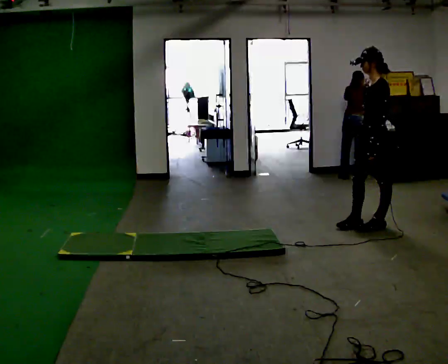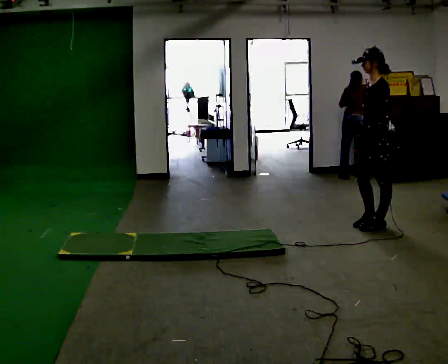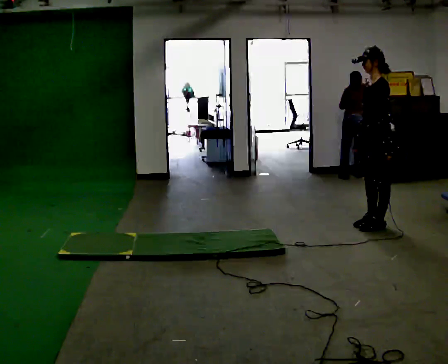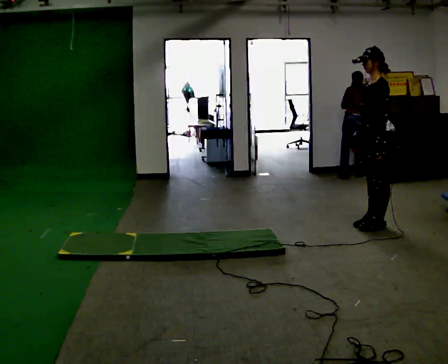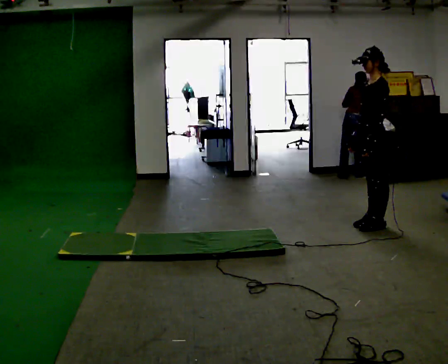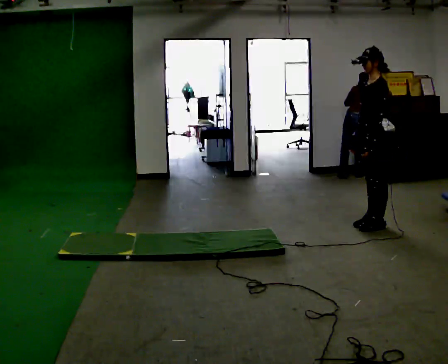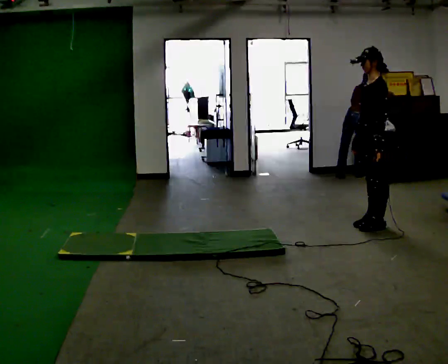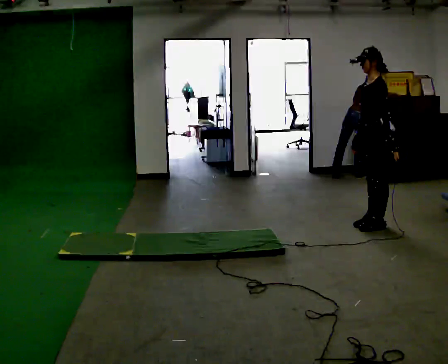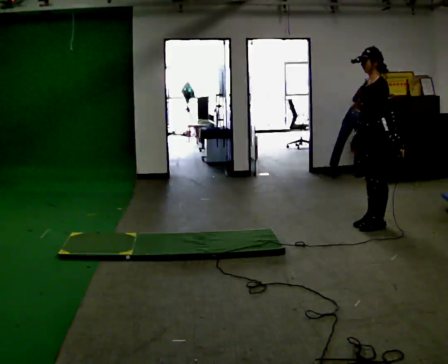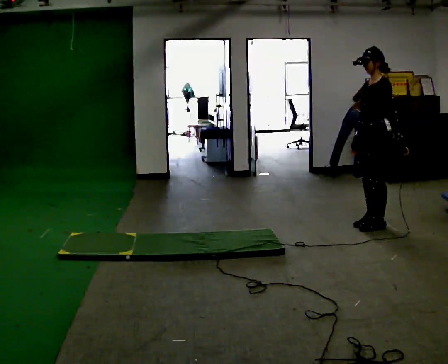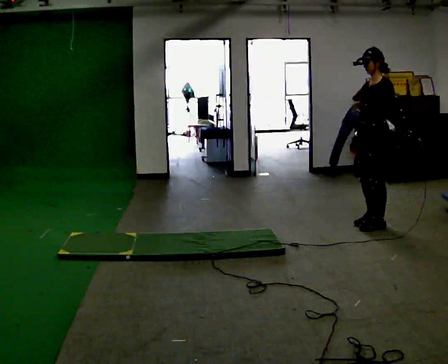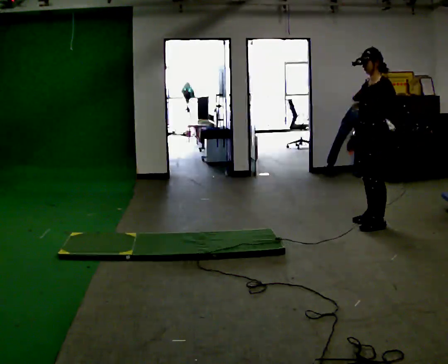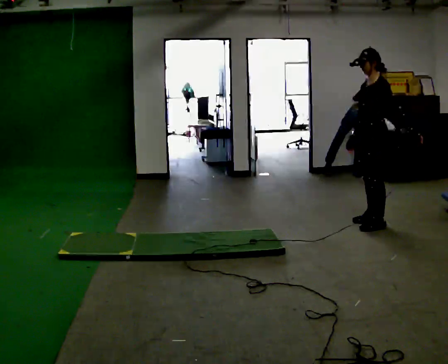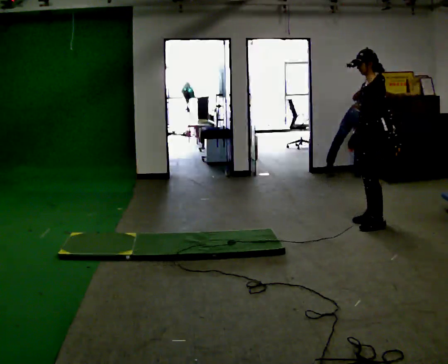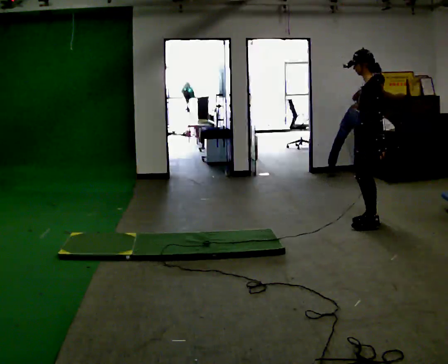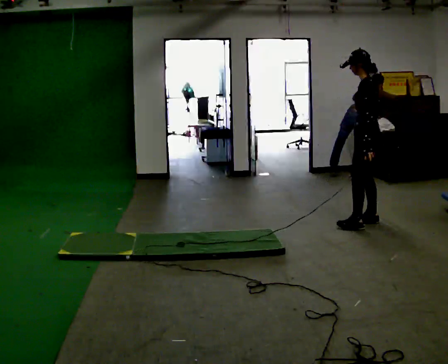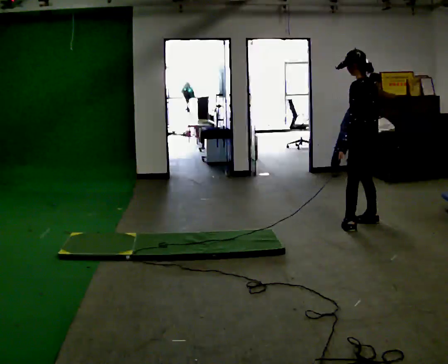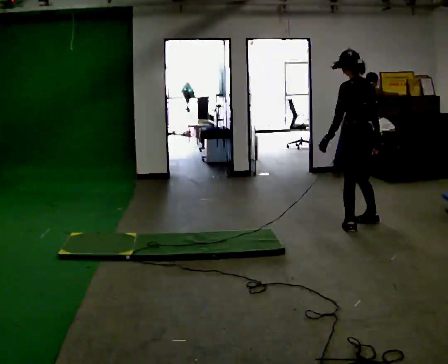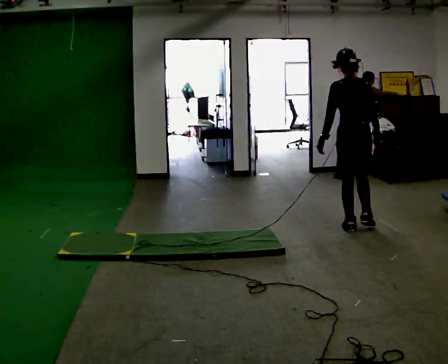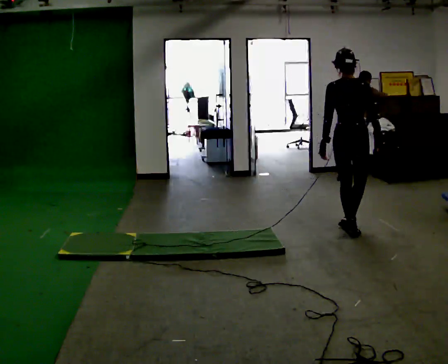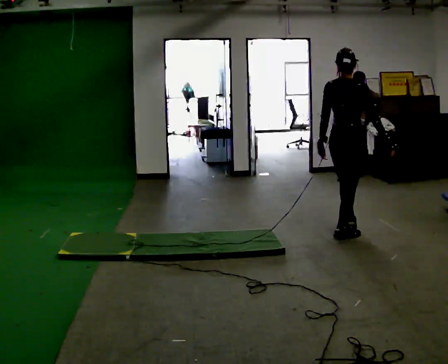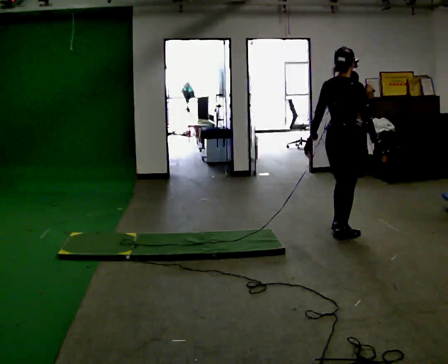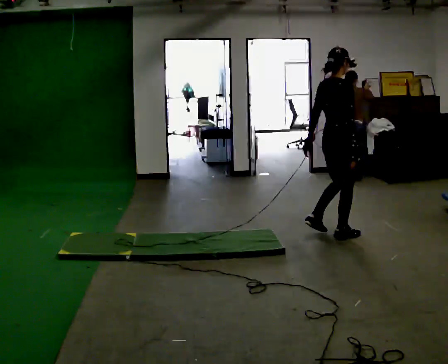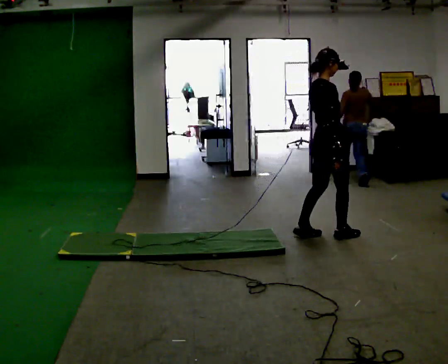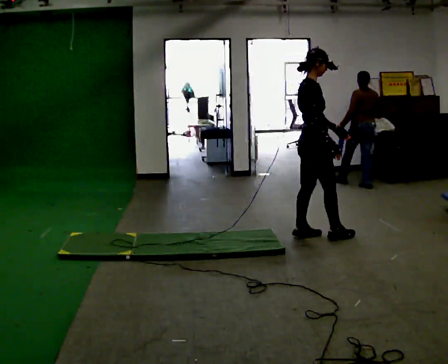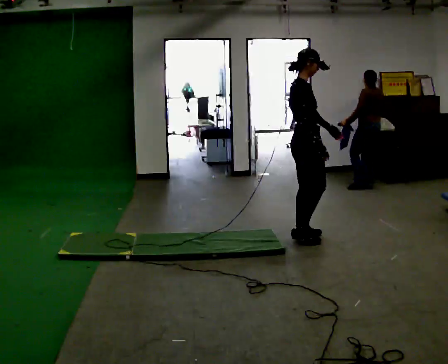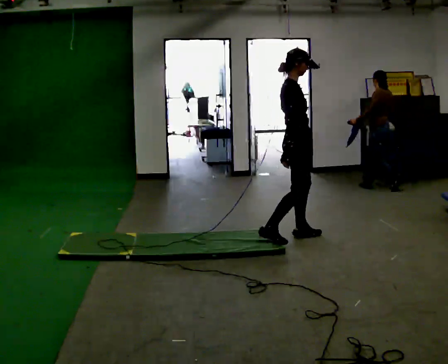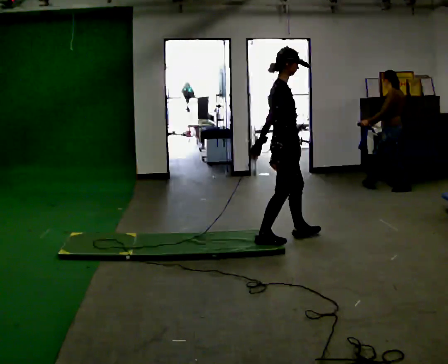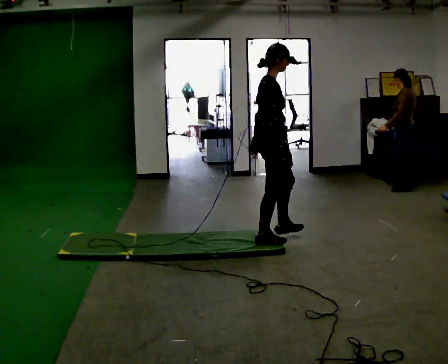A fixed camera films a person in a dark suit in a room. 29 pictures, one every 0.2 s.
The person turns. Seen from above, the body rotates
clockwise.
The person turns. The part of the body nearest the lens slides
to the left.
0.0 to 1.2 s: The person moves a little, or ends about where they began.
1.2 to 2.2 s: In the picture their left hand goes to the right.
2.2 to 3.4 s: The person turns about 90 degrees to their right, clockwise seen from above, so the part of the body nearest the lens slides to the left. In the picture they go to the left, about 0.25 m in 2 steps. In the picture their left hand goes to the left, the arm swinging clockwise.
3.4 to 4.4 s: The part of the body nearest the lens slides to the left as the person turns to their right by about 75 degrees. In the picture they go toward the camera and to the left, about 0.25 m in 1 step.
4.4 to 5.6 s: Seen from above the body turns clockwise, about 30 degrees: to their right, with its near side sliding to the left. In the picture they go to the left and toward the camera, about 0.5 m in 2 steps, which for them is backward.
The film runs backward here.
